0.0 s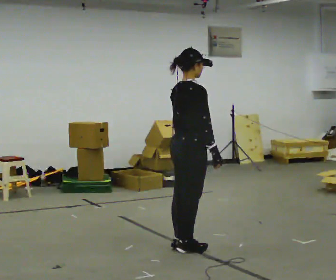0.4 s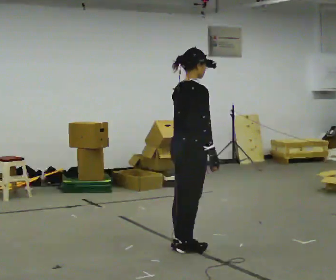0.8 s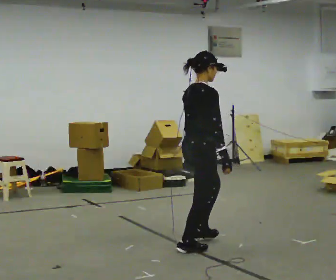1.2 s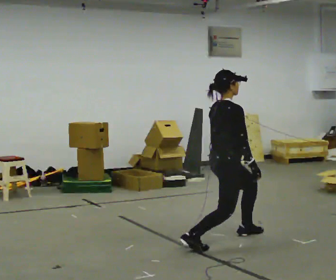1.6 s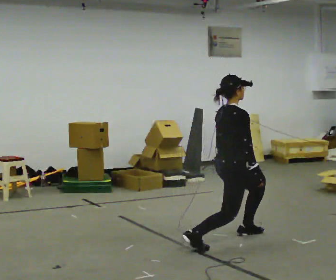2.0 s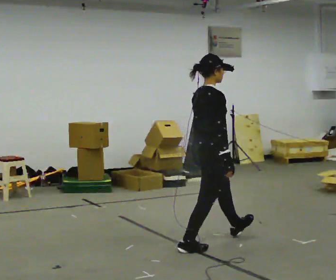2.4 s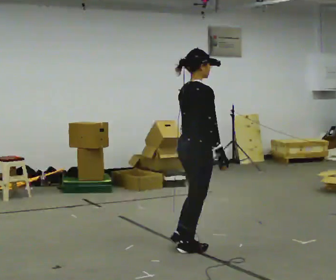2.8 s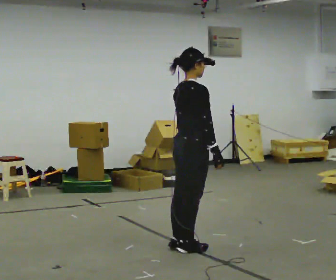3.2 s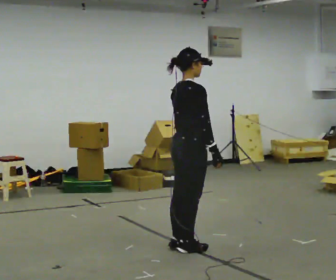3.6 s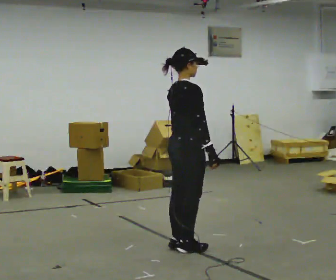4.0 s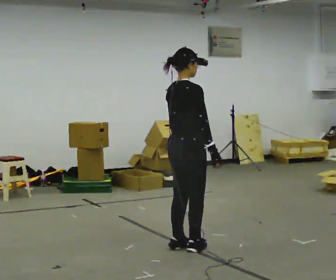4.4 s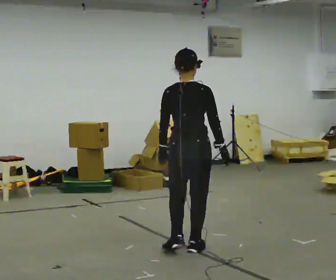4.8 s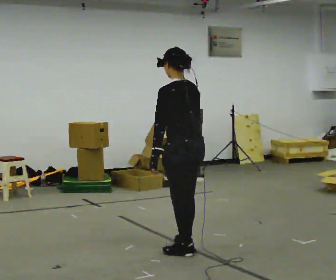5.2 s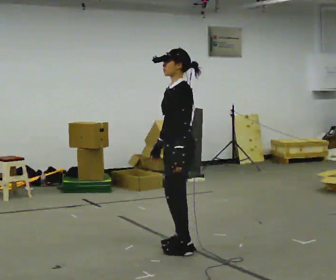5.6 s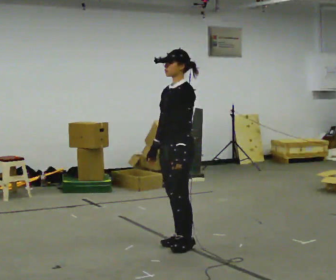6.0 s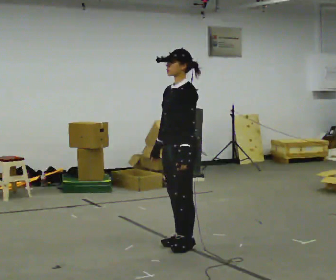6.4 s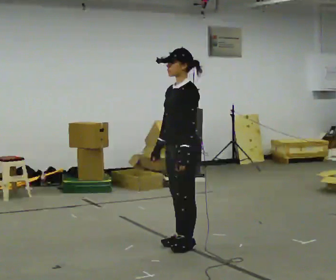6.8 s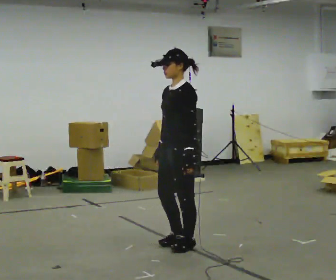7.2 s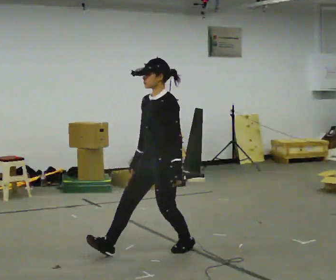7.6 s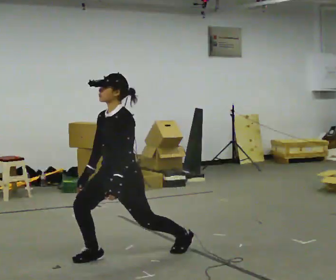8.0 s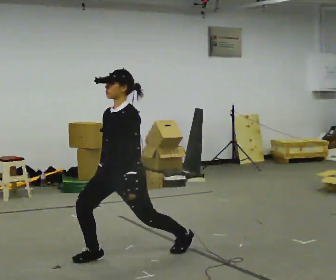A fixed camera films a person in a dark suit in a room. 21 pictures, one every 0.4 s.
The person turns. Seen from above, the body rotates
counterclockwise.
The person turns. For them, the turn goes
to their left.
0.0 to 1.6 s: In the picture they go to the right and away from the camera, about 0.5 m in 1 step, which for them is forward. The upper body goes downward.
1.6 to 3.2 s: In the picture they go to the left and toward the camera, about 0.5 m in 1 step, which for them is backward. The upper body goes upward.
3.2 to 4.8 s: The part of the body nearest the lens slides to the right as the person turns to their left by about 105 degrees.
4.8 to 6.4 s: Seen from above the body turns counterclockwise, about 75 degrees: to their left, with its near side sliding to the right. In the picture they go away from the camera, about 0.25 m in 1 step.
6.4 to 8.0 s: In the picture they go to the left and toward the camera, about 0.5 m in 1 step, which for them is forward.
The film runs backward here.
